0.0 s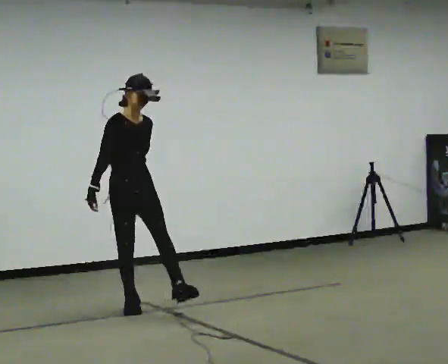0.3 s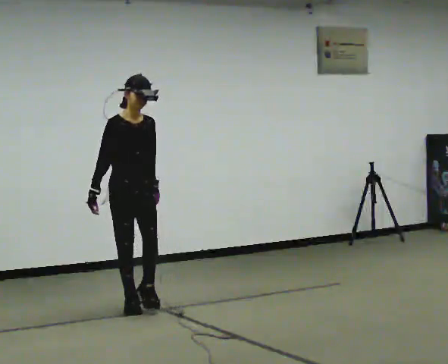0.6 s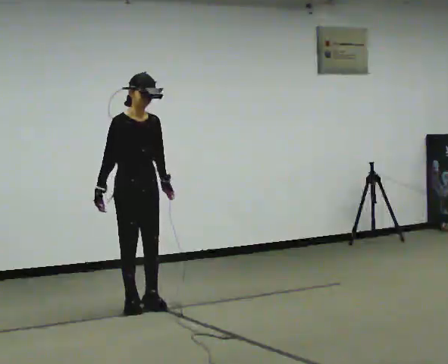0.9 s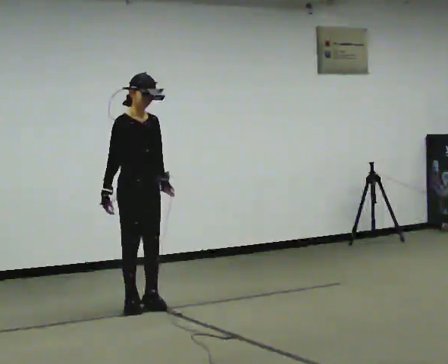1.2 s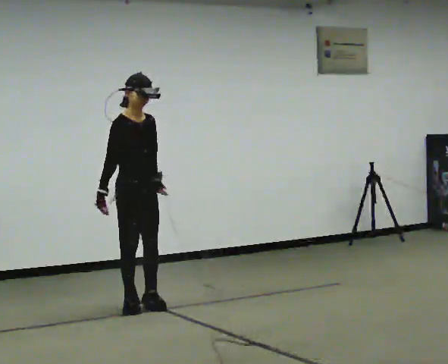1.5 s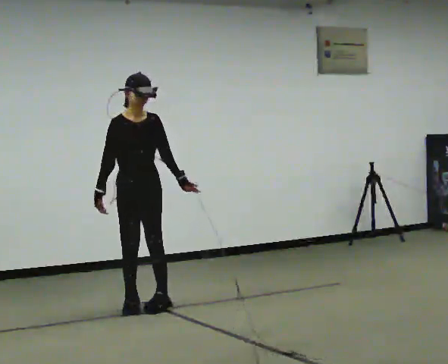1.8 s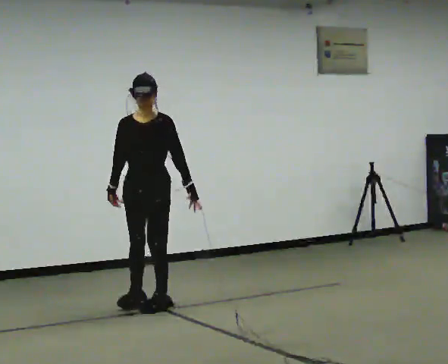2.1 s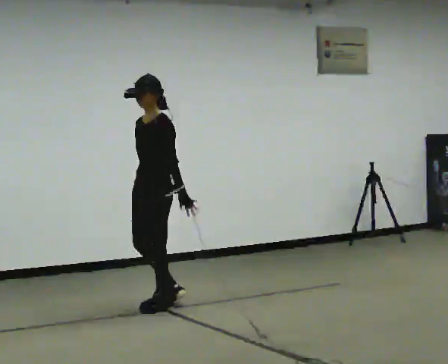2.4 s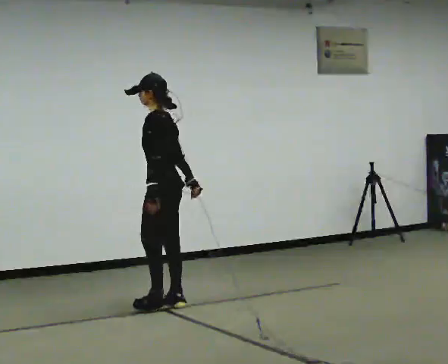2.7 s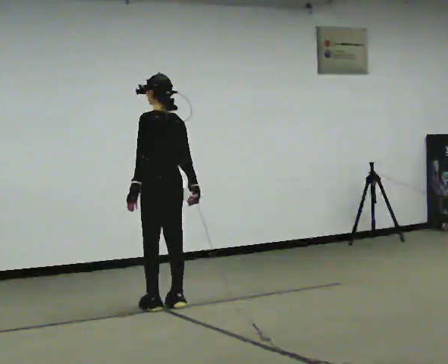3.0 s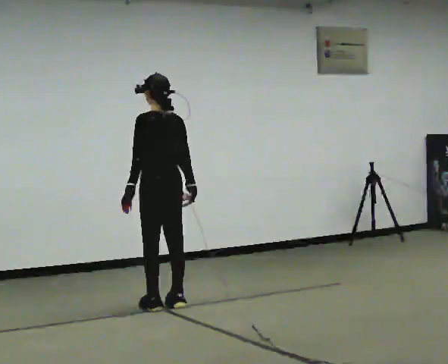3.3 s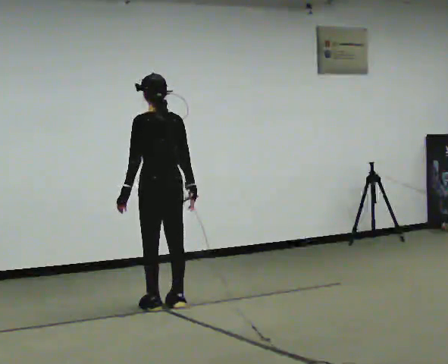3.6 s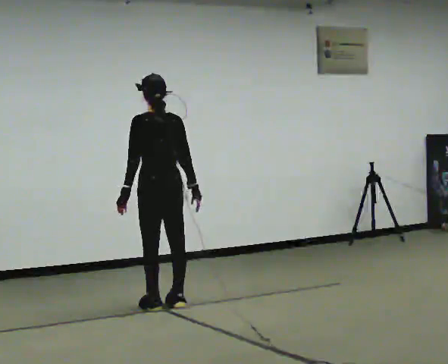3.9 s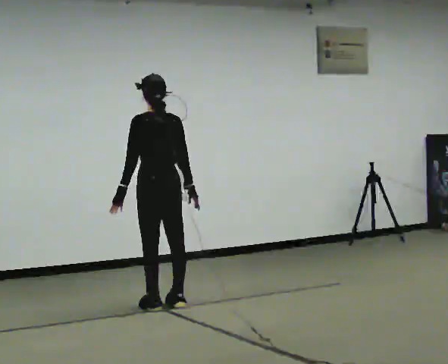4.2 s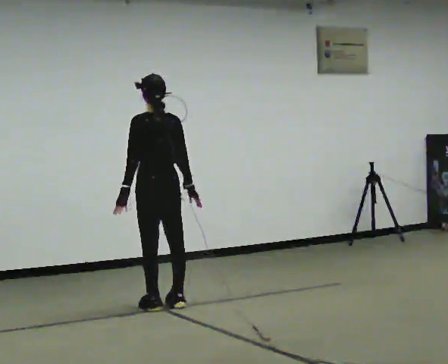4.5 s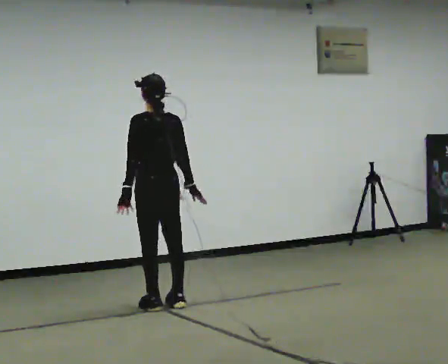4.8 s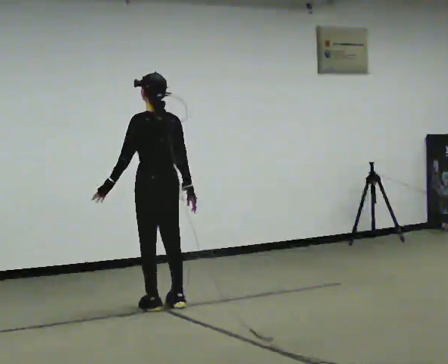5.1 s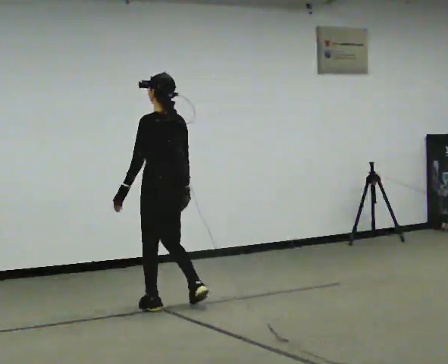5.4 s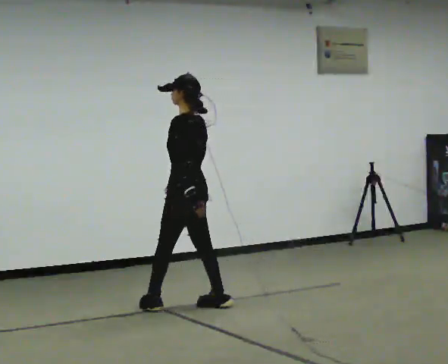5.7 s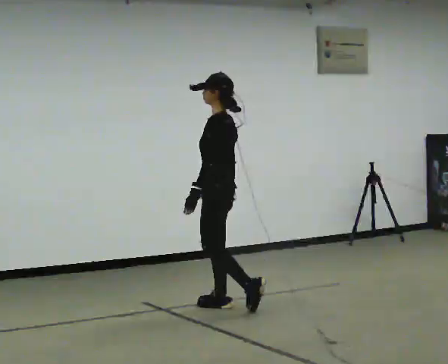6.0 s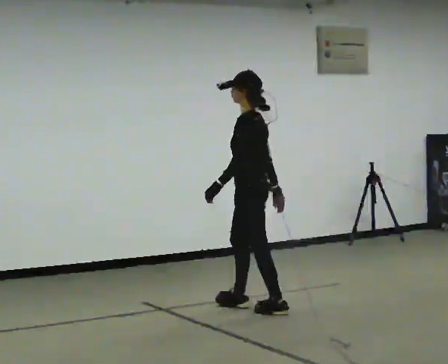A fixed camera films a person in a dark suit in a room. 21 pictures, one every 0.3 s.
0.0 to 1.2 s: The person moves a little, or ends about where they began.
1.2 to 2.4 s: The part of the body nearest the lens slides to the left as the person turns to their right by about 150 degrees. In the picture they go to the right, about 0.25 m in 2 steps.
2.4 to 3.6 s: The part of the body nearest the lens slides to the left as the person turns to their right by about 45 degrees.
3.6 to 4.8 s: The person moves a little, or ends about where they began.
4.8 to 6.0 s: The part of the body nearest the lens slides to the right as the person turns to their left by about 45 degrees. In the picture they go to the right and toward the camera, about 0.5 m in 3 steps, which for them is backward.
The film runs backward here.
